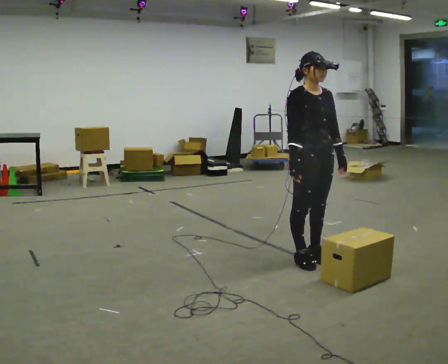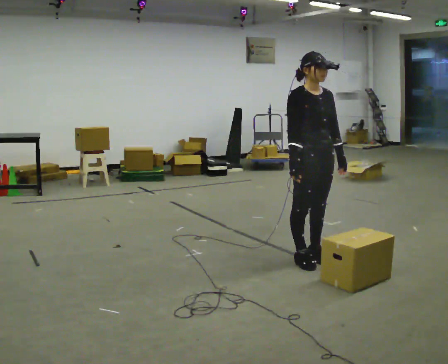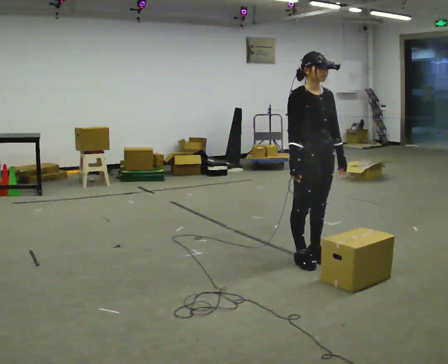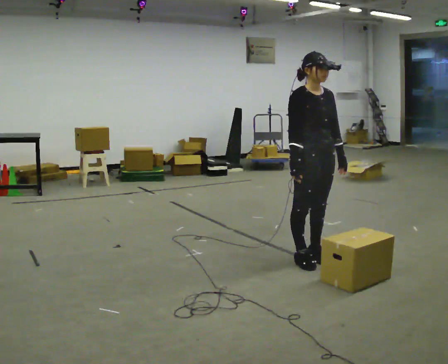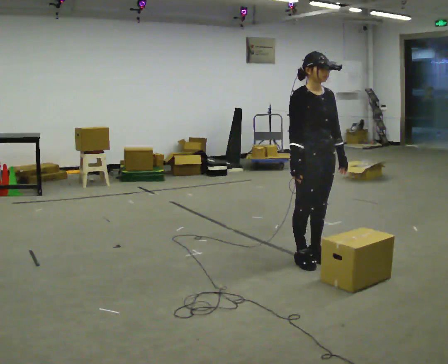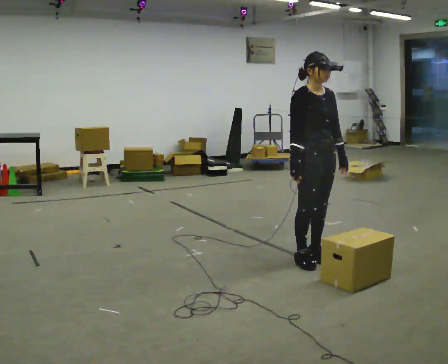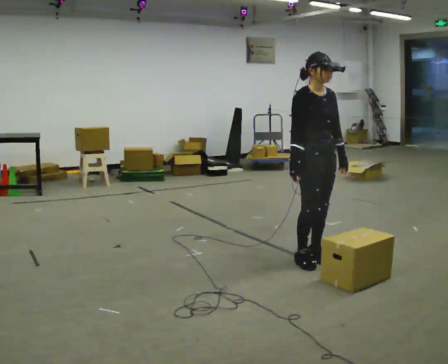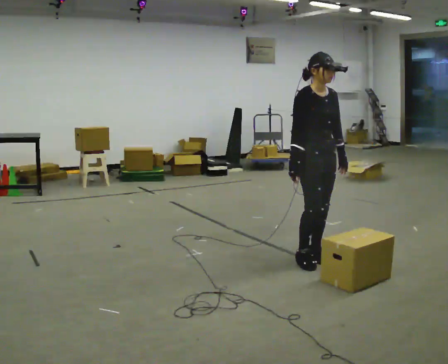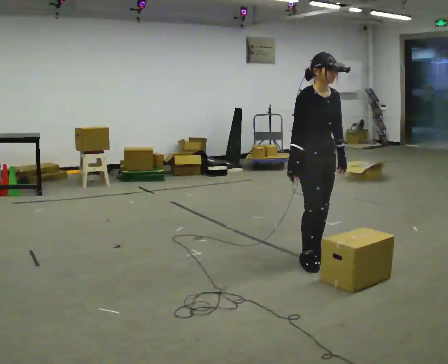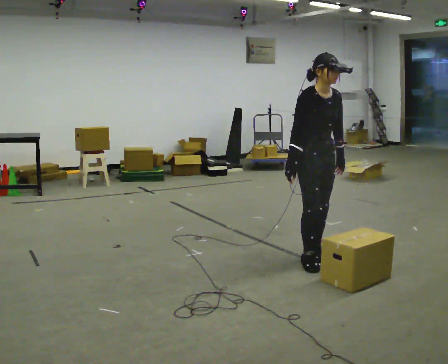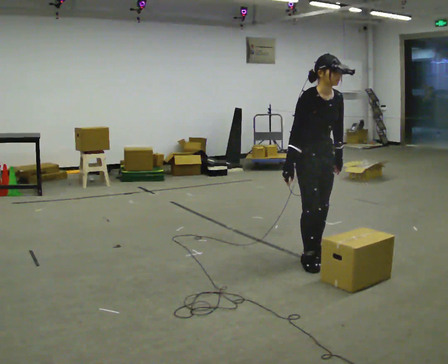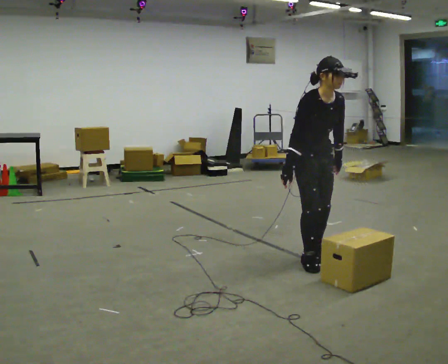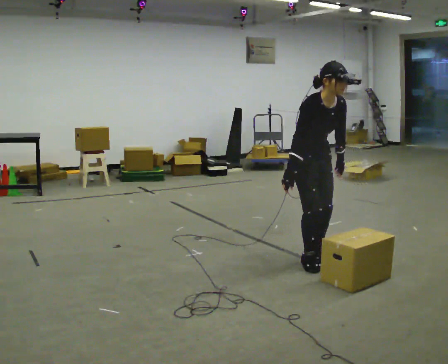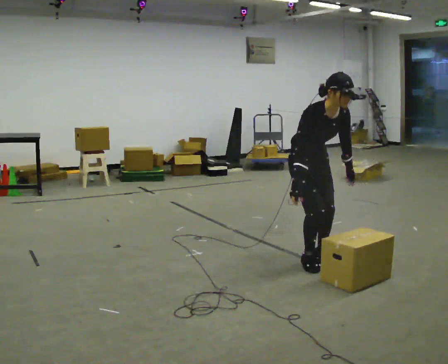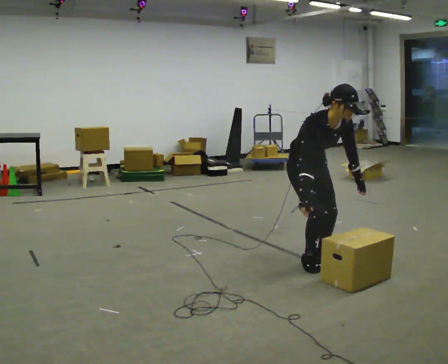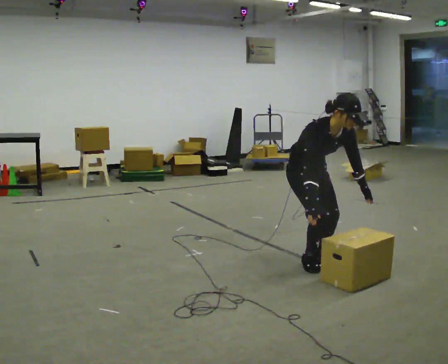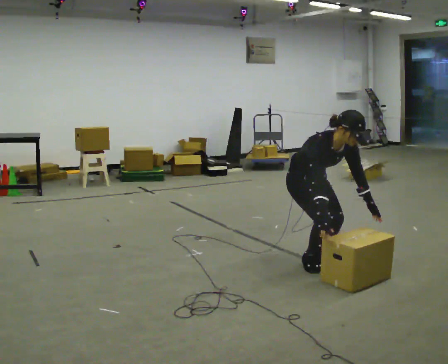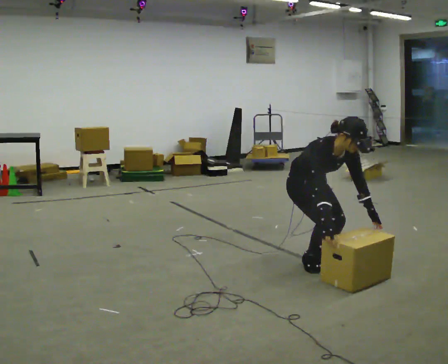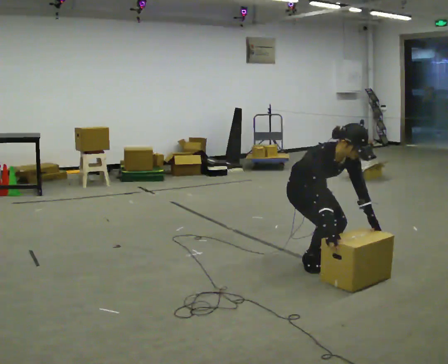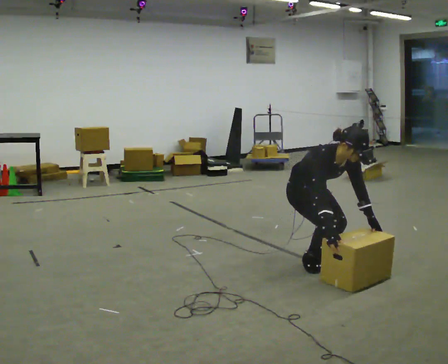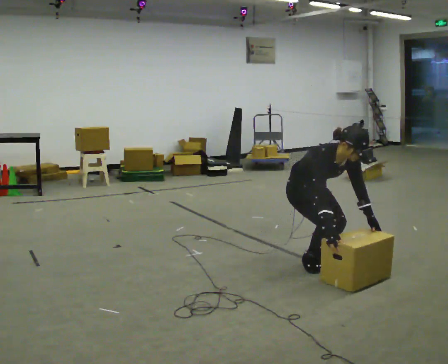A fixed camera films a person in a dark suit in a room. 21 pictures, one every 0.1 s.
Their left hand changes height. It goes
downward.
The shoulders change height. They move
downward.
0.0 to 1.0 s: The person moves a little, or ends about where they began.
1.0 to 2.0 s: The shoulders move downward. In the picture the upper body tilts clockwise, shoulders to the right, as they bend forward. In the picture their right hand goes downward.
The film runs backward here.
